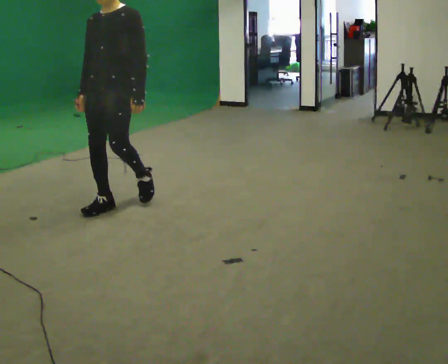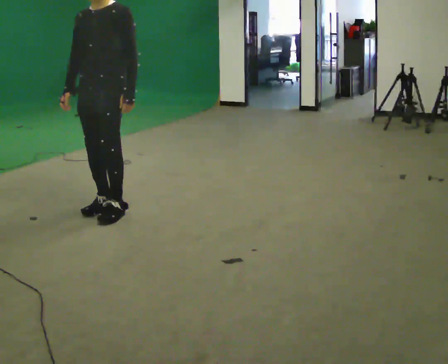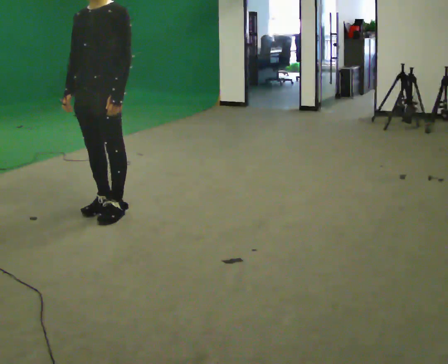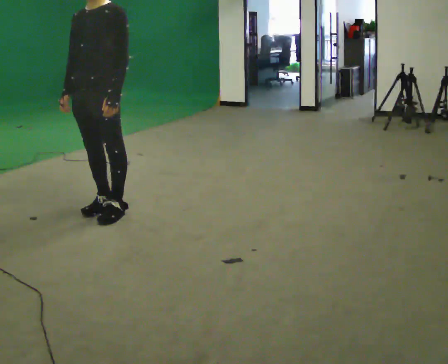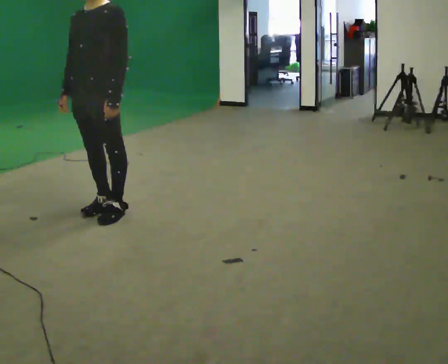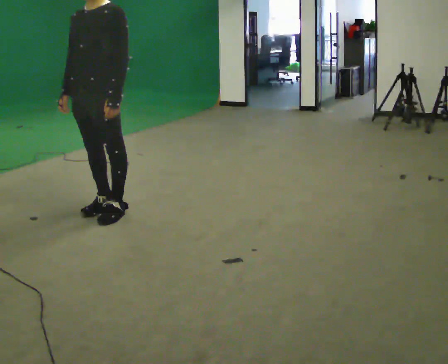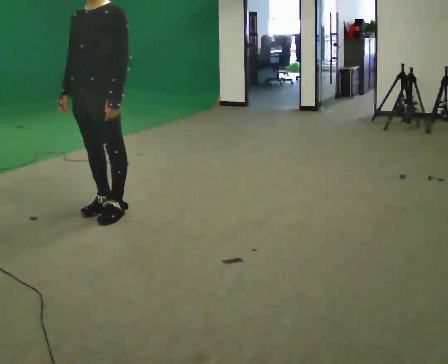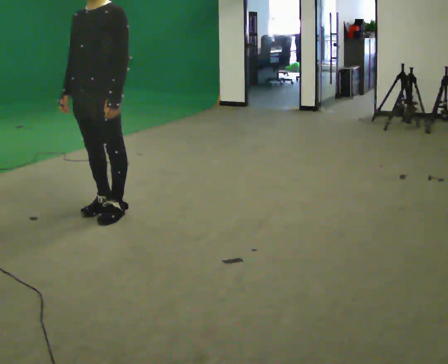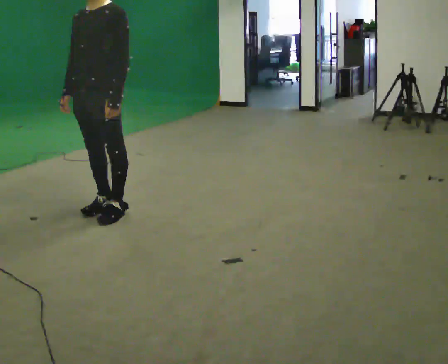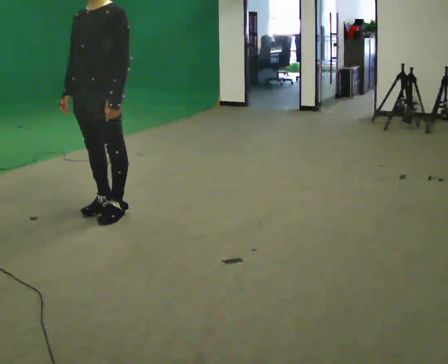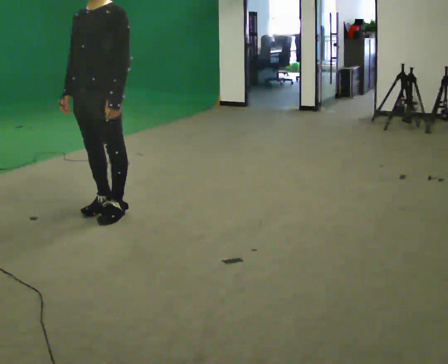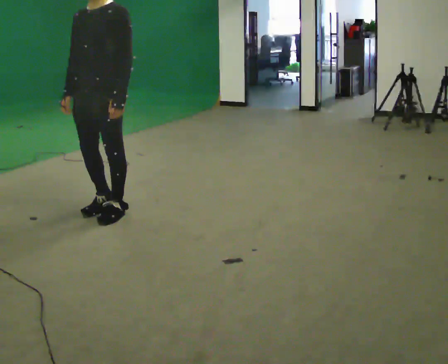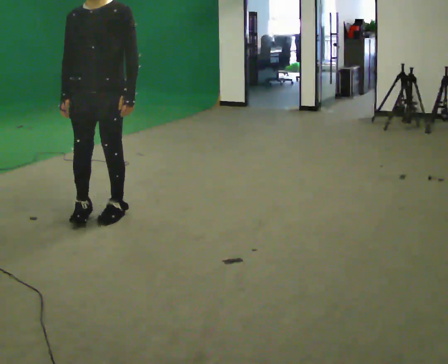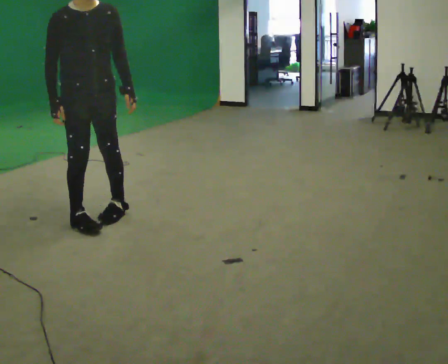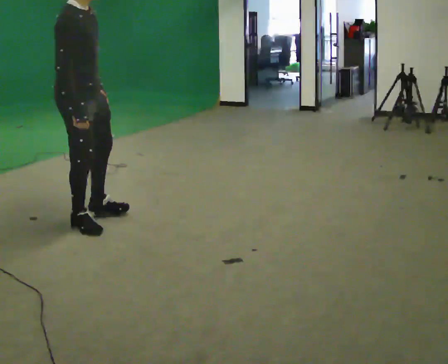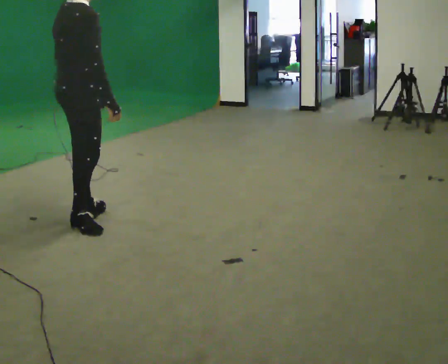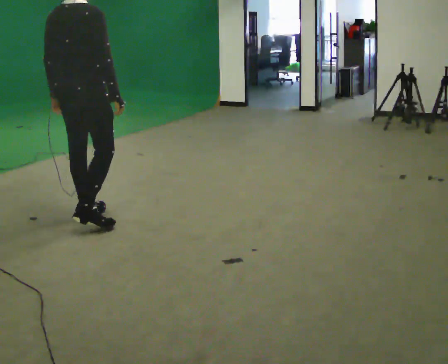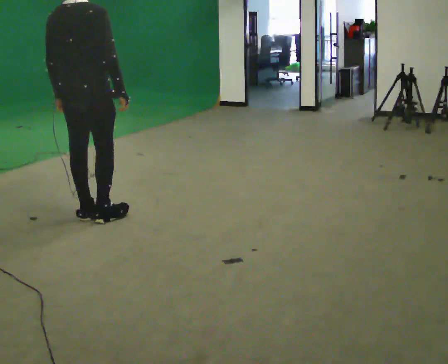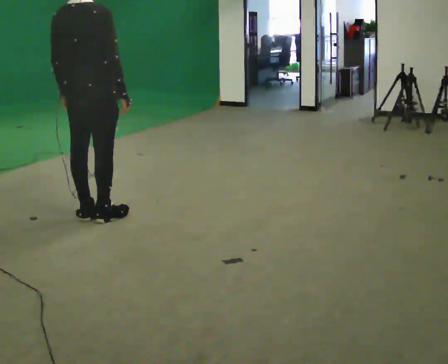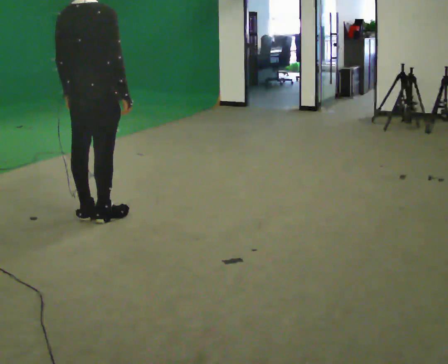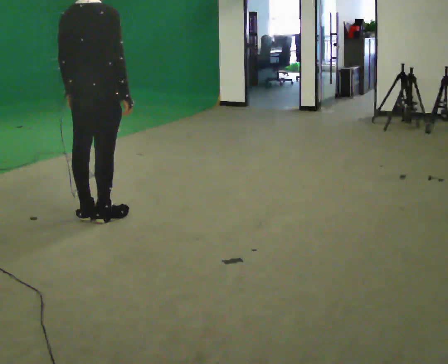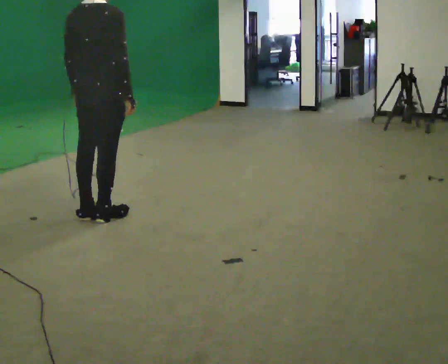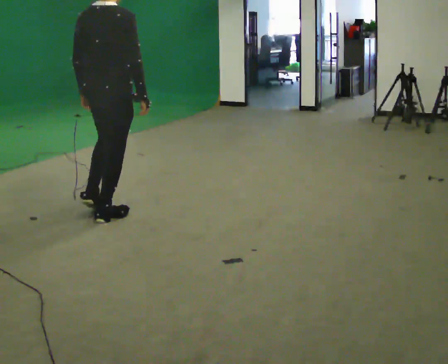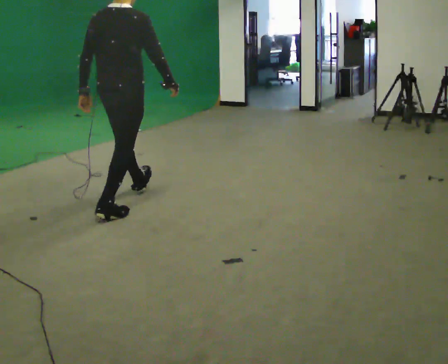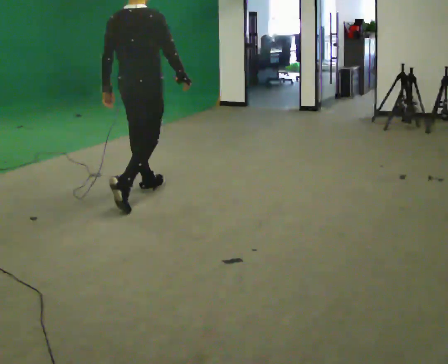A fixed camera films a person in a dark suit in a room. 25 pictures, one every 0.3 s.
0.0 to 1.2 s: In the picture they go toward the camera, about 0.25 m in 1 step, which for them is forward.
1.2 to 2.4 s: The person keeps their place and pose.
2.4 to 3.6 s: The person turns about 30 degrees to their left, counterclockwise seen from above, so the part of the body nearest the lens slides to the right.
3.6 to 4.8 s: The person turns about 150 degrees to their left, counterclockwise seen from above, so the part of the body nearest the lens slides to the right. In the picture their right hand goes to the right, the arm swinging counterclockwise.
4.8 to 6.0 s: The person moves a little, or ends about where they began.
6.0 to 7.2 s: In the picture they go away from the camera and to the right, about 0.5 m in 1 step, which for them is forward.
The film runs forward here.
